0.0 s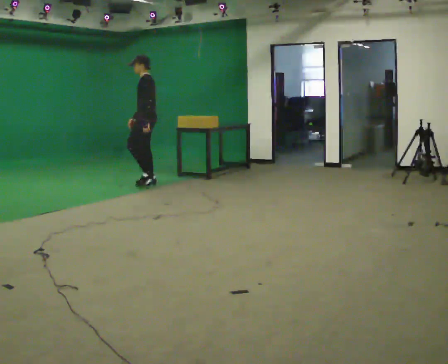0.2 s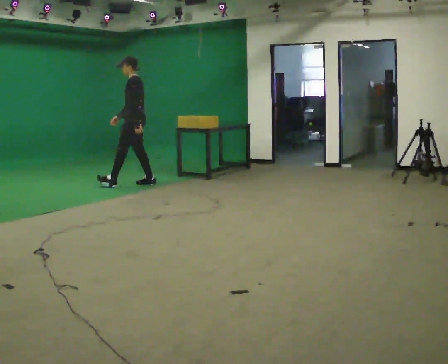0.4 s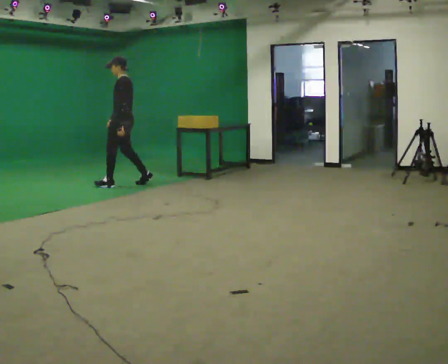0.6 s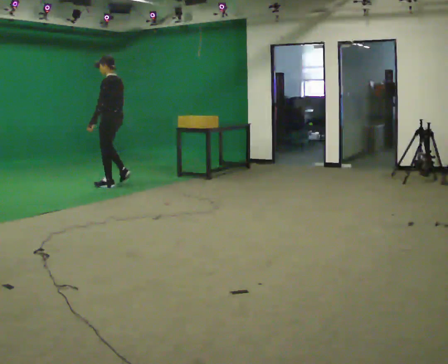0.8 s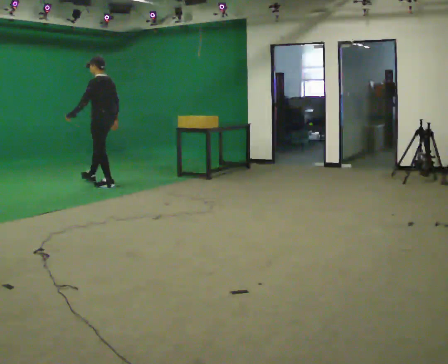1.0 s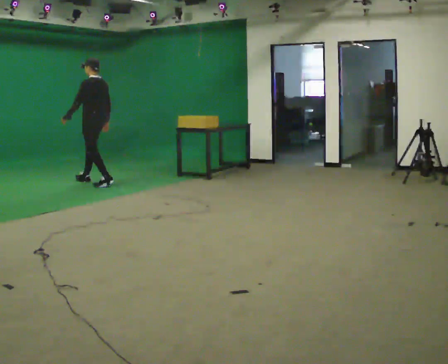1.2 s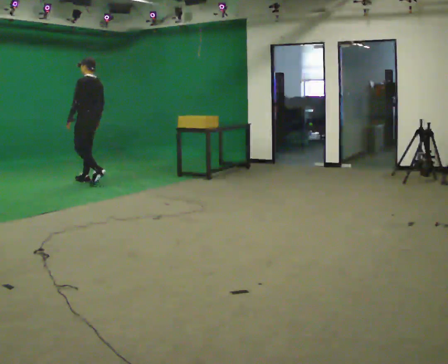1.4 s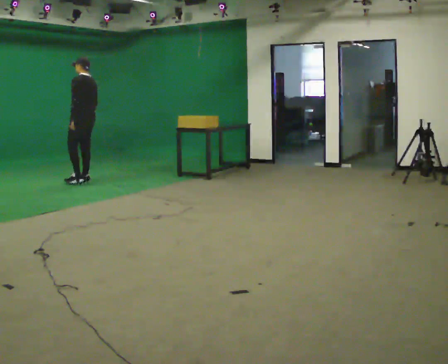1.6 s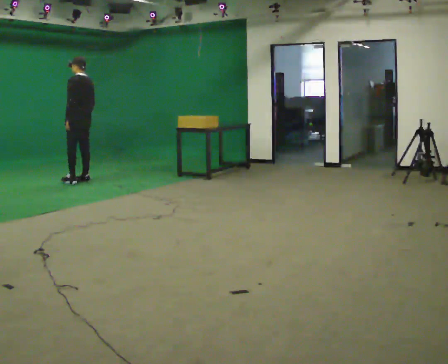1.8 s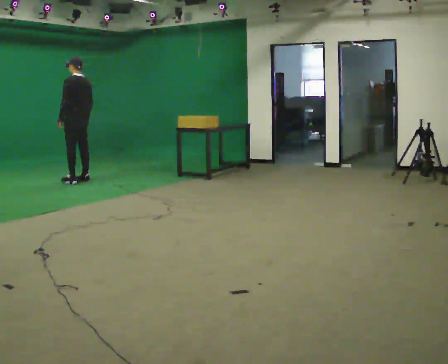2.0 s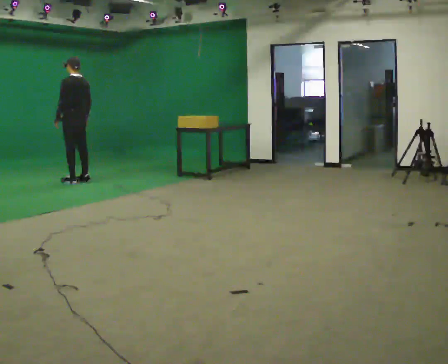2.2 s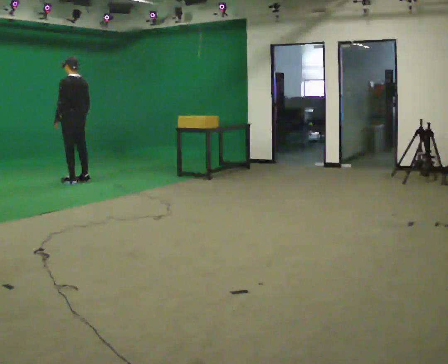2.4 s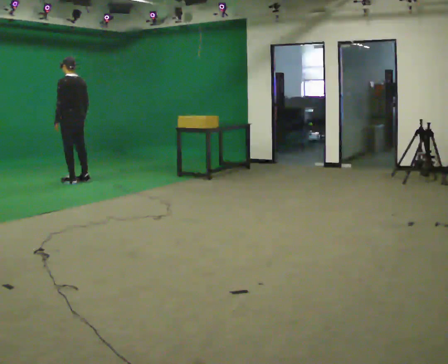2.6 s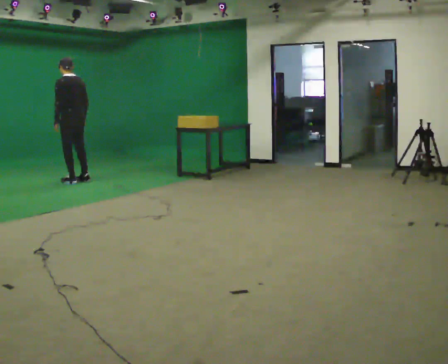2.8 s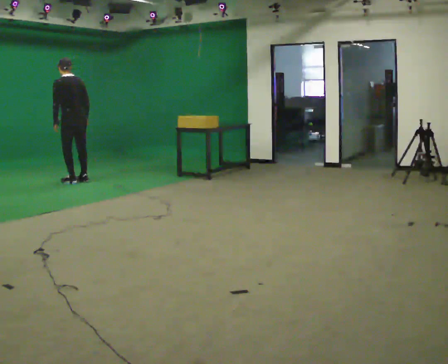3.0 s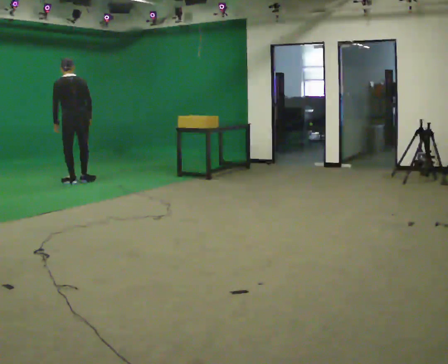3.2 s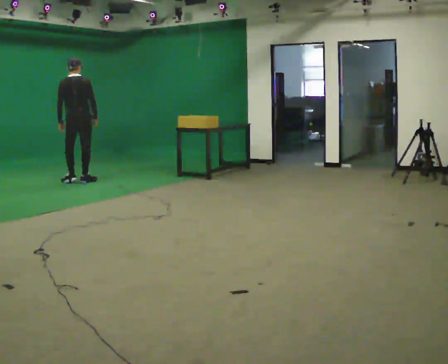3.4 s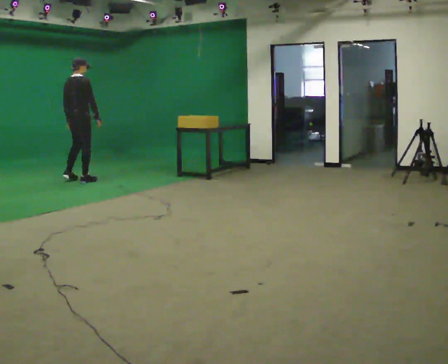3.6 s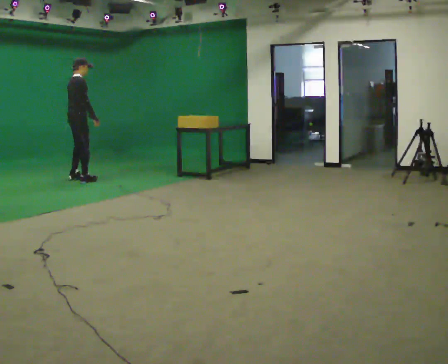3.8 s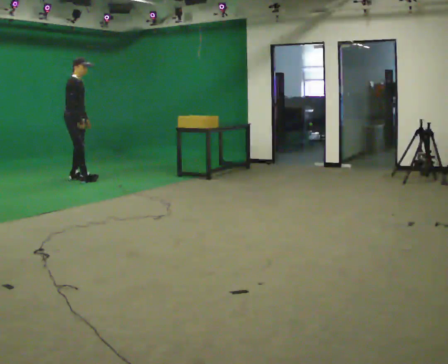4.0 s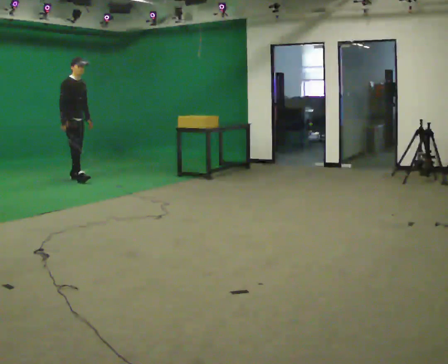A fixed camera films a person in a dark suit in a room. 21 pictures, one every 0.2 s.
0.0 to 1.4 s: The part of the body nearest the lens slides to the left as the person turns to their right by about 30 degrees. In the picture they go to the left, about 1 m in 2 steps, which for them is forward.
1.4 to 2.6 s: The person moves a little, or ends about where they began.
2.6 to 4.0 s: The person turns about 165 degrees to their right, clockwise seen from above, so the part of the body nearest the lens slides to the left. In the picture they go away from the camera, about 0.25 m in 1 step. In the picture the upper body tilts clockwise, shoulders to the right. In the picture their right hand goes to the left.
The film runs forward here.
